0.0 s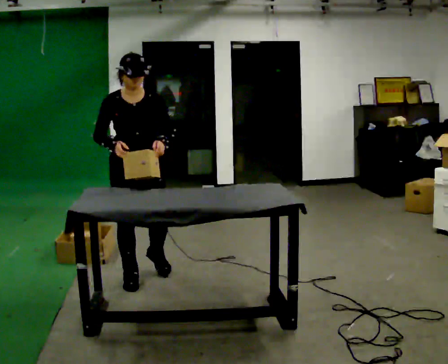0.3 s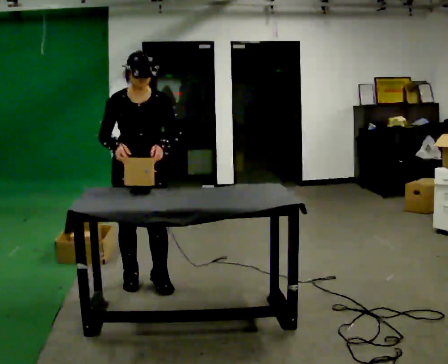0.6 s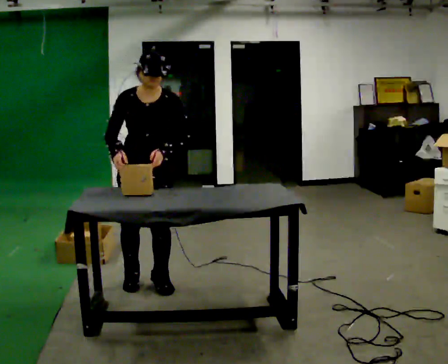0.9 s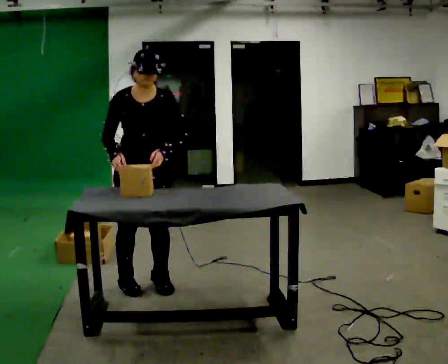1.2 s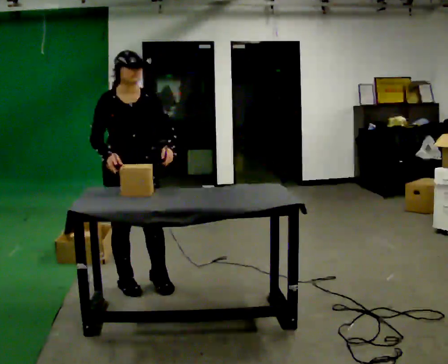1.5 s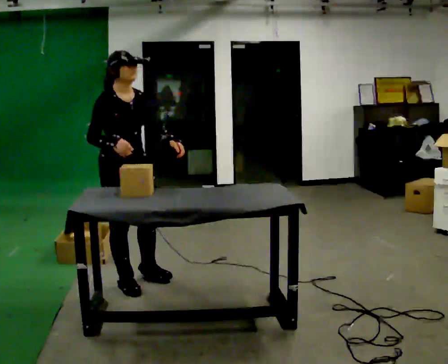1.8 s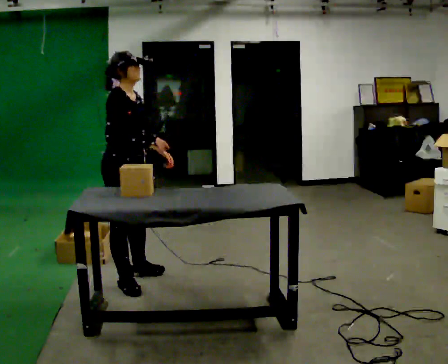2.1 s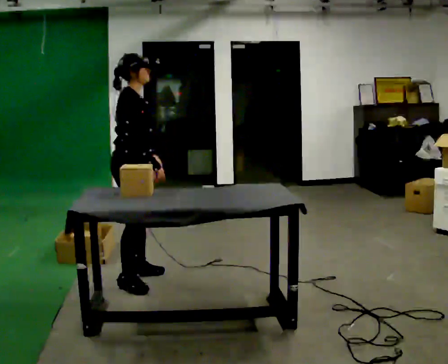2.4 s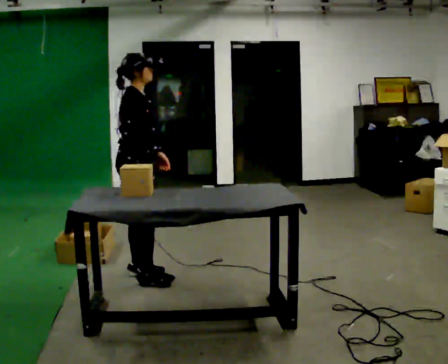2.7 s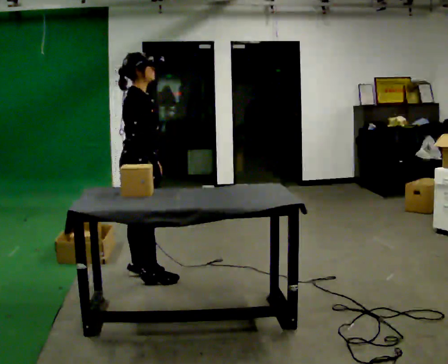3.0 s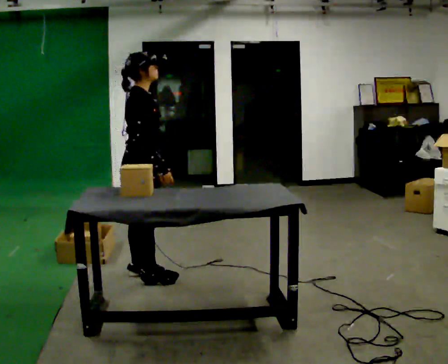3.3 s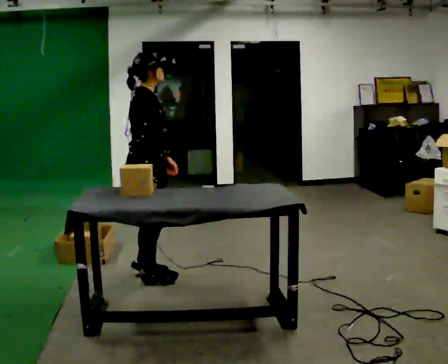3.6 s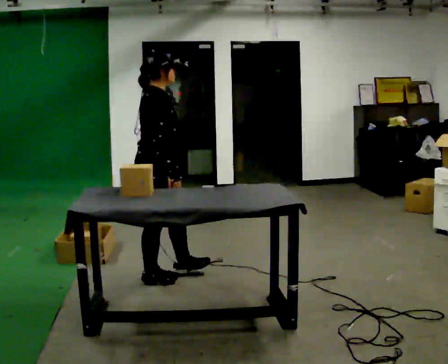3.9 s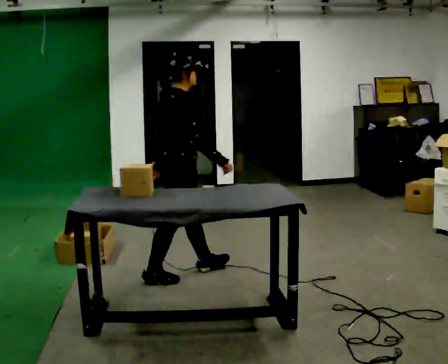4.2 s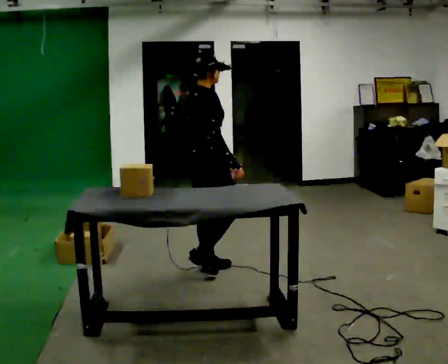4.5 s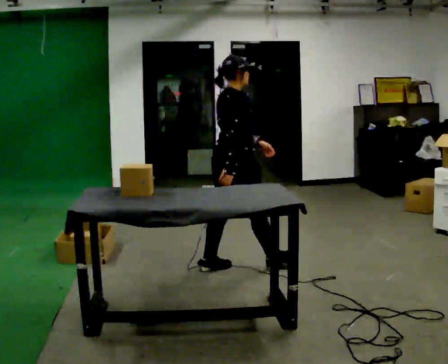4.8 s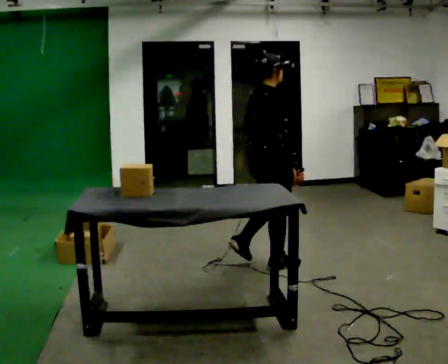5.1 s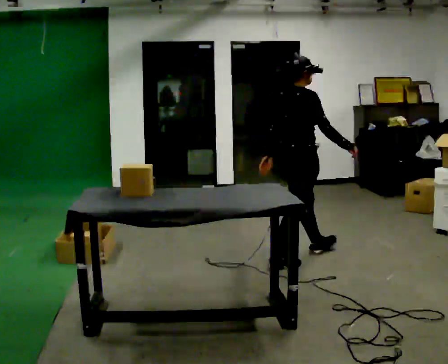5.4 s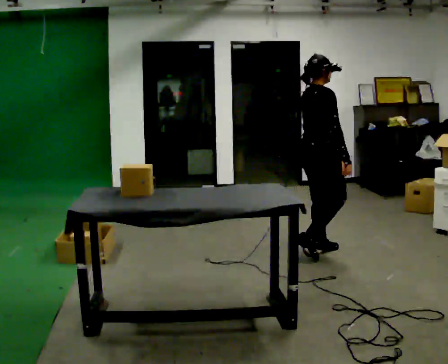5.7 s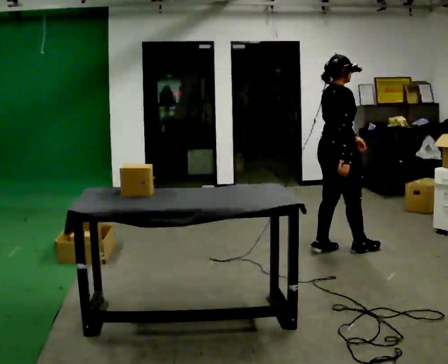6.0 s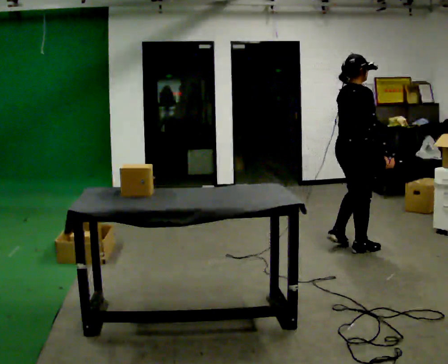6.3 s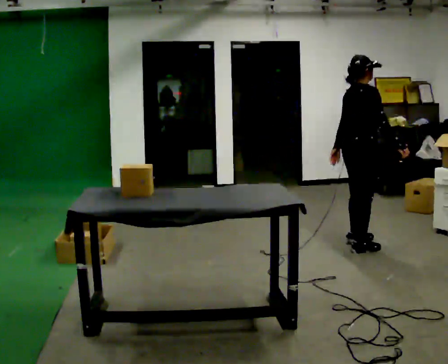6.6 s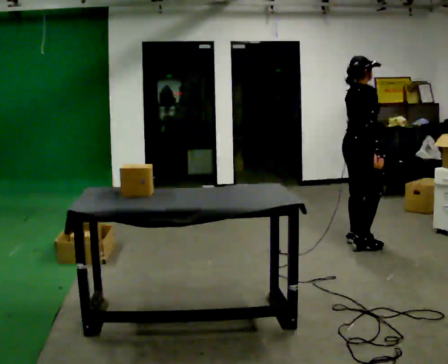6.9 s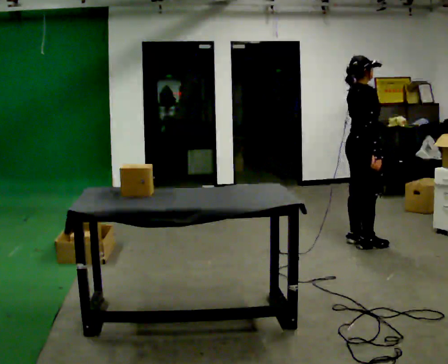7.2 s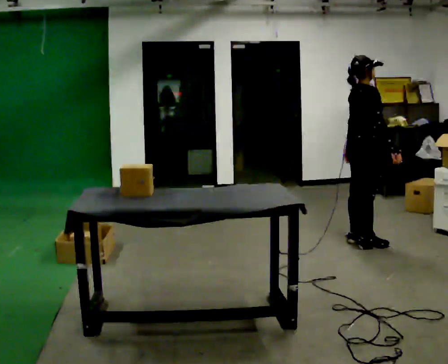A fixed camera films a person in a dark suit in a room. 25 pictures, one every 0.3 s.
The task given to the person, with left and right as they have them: Carry each object across the room and drop it into the container on the floor, then walk back for the next one. Keep going until the operator says stop; one object at a time, and do not rush between trips.
0.0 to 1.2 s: The person moves a little, or ends about where they began.
1.2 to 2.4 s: The part of the body nearest the lens slides to the right as the person turns to their left by about 75 degrees. In the picture they go away from the camera, about 0.25 m in 1 step.
2.4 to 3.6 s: The person moves a little, or ends about where they began.
3.6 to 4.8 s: In the picture they go to the right, about 1 m in 2 steps, which for them is forward.
4.8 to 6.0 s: In the picture they go to the right, about 0.5 m in 2 steps, which for them is forward.
6.0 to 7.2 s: The person moves a little, or ends about where they began.
The film runs forward here.
